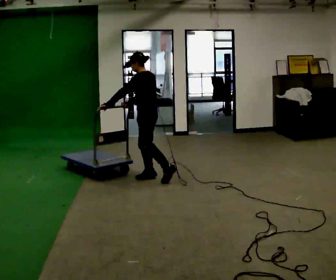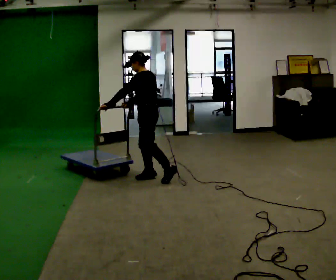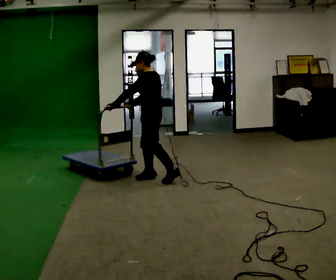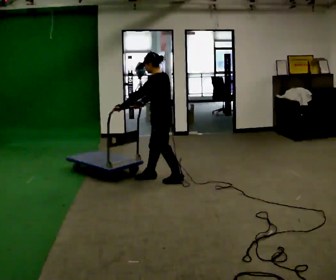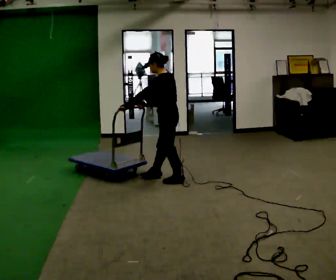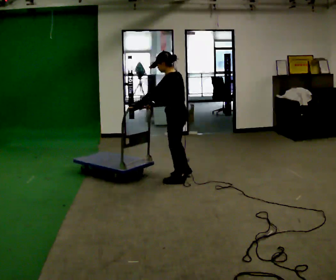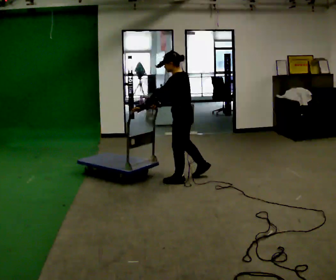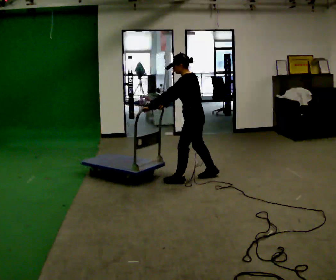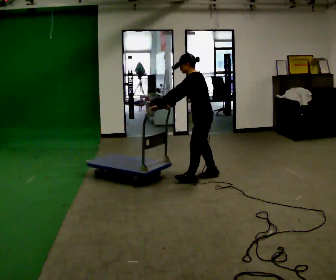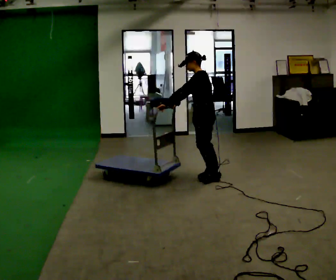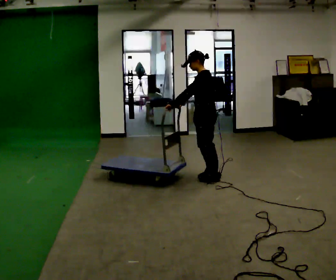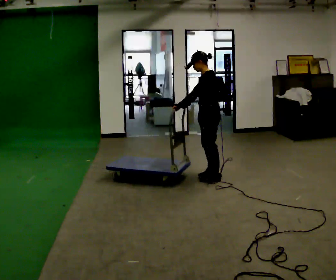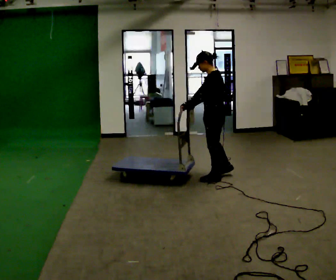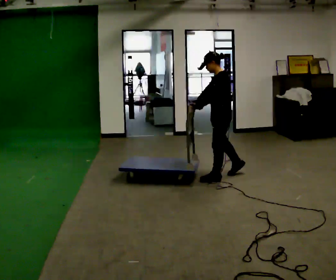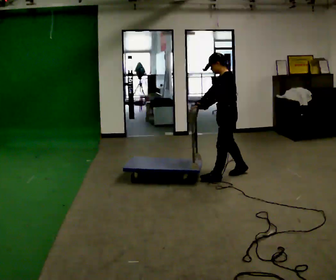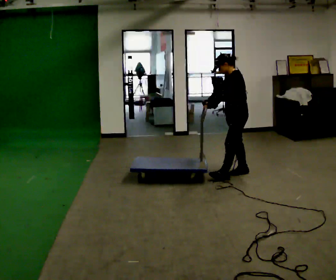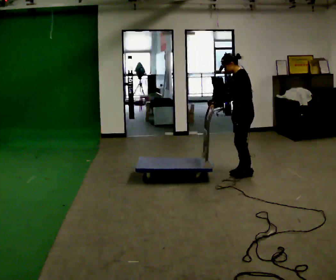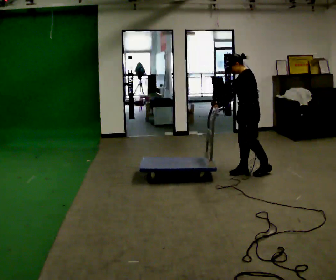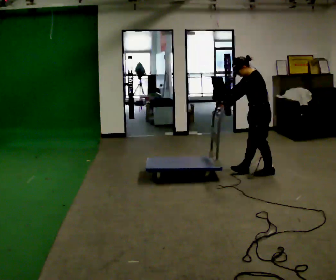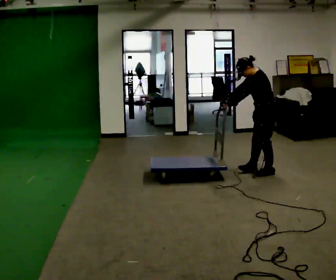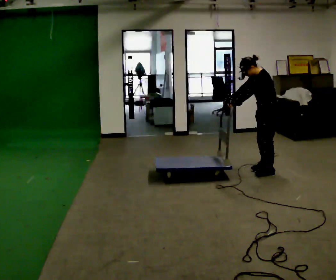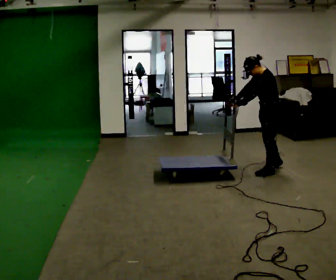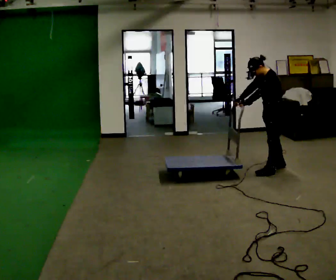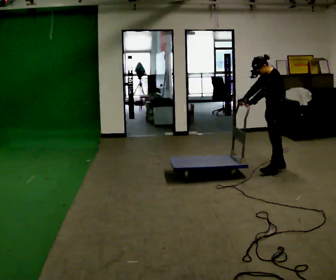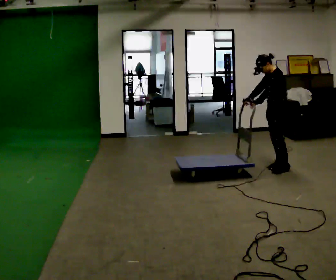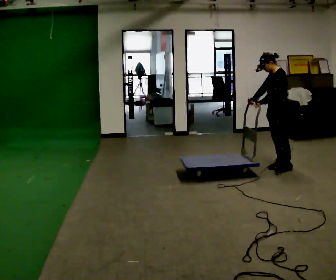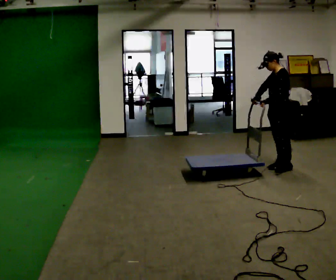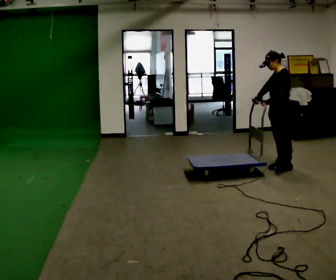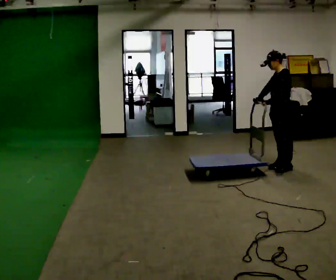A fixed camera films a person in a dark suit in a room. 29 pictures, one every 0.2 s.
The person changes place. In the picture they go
to the right.
0.0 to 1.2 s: In the picture they go to the right, about 0.5 m, which for them is backward.
1.2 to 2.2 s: In the picture they go to the right, about 0.25 m in 2 steps, which for them is backward.
2.2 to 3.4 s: In the picture they go to the right and away from the camera, about 0.5 m in 1 step, which for them is backward.
3.4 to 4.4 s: In the picture they go to the right and away from the camera, about 0.25 m in 2 steps, which for them is backward.
4.4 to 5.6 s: The person moves a little, or ends about where they began.
The film runs forward here.
